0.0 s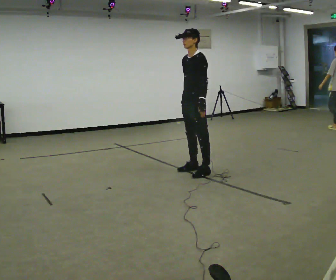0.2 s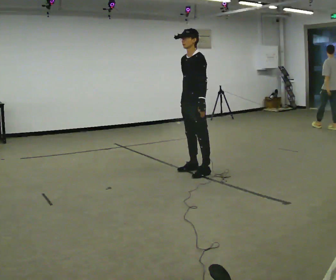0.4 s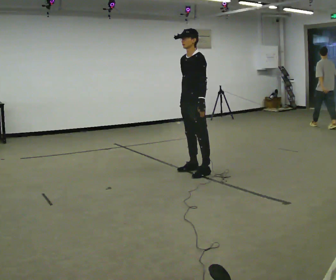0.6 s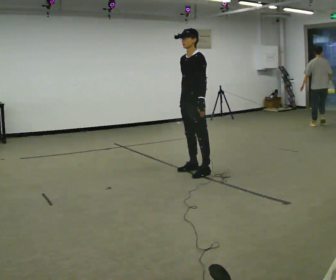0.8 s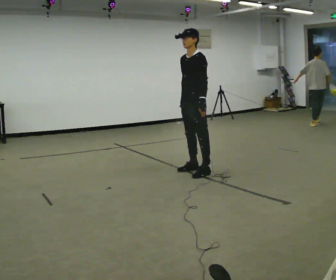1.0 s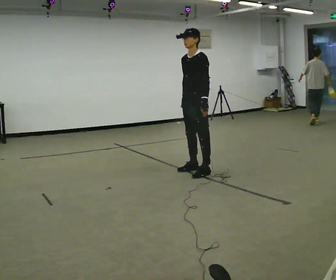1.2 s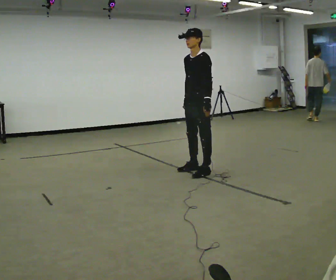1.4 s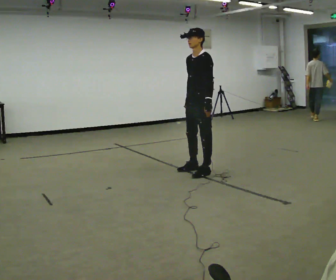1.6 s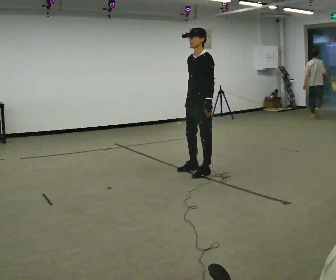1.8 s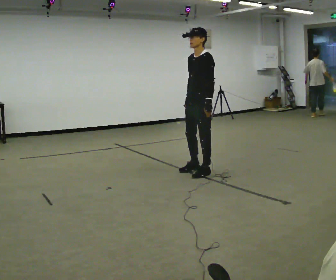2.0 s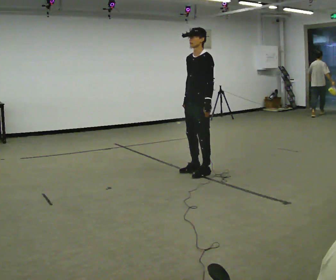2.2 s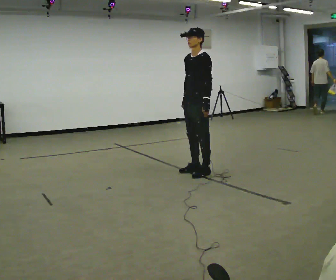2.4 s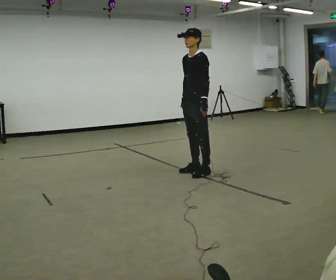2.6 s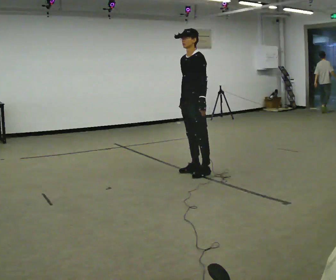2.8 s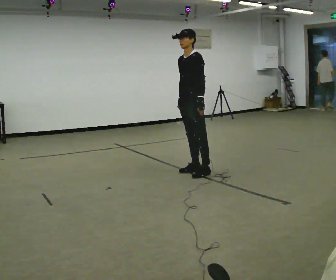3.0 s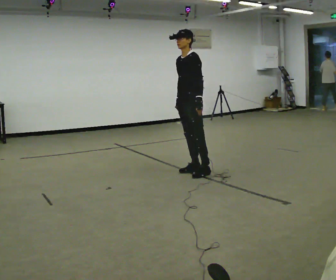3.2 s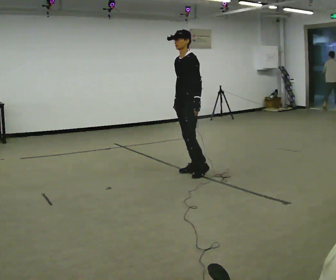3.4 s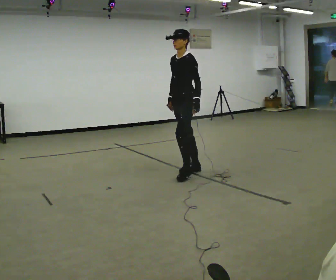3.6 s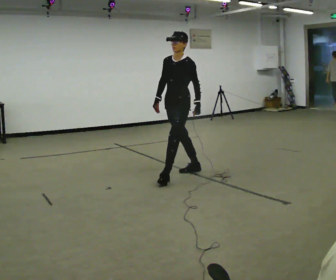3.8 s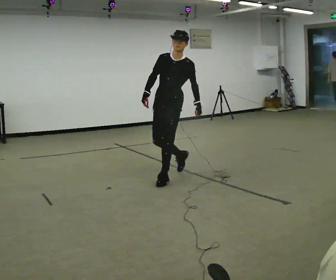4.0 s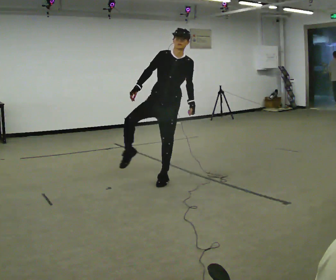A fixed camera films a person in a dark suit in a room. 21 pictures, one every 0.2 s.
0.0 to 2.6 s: The person moves a little, or ends about where they began.
2.6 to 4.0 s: Seen from above the body turns counterclockwise, about 60 degrees: to their left, with its near side sliding to the right. In the picture they go to the left and toward the camera, about 0.5 m in 1 step, which for them is forward. In the picture the upper body tilts clockwise, shoulders to the right.
The film runs forward here.
